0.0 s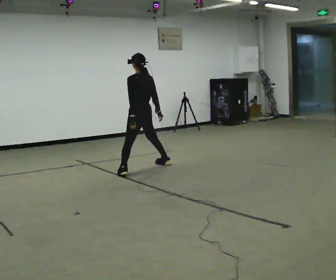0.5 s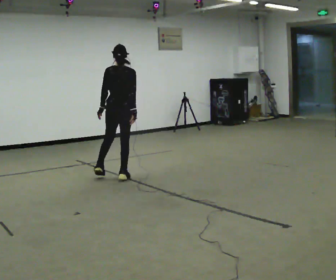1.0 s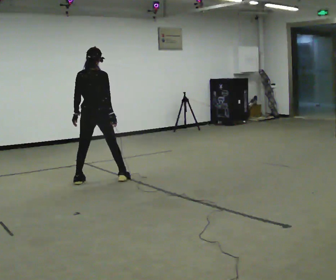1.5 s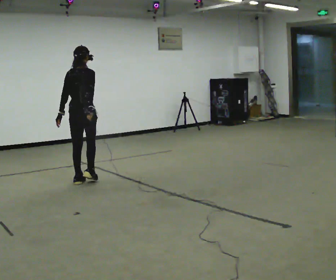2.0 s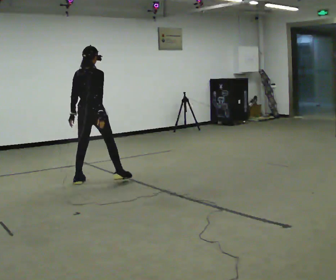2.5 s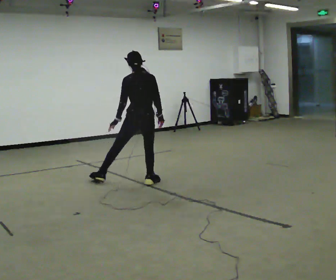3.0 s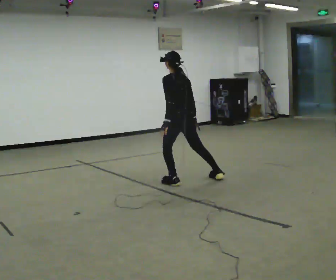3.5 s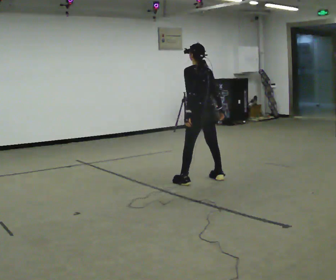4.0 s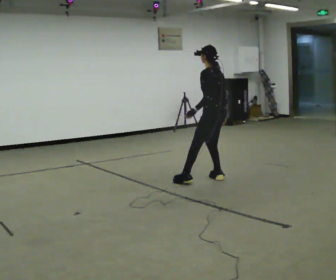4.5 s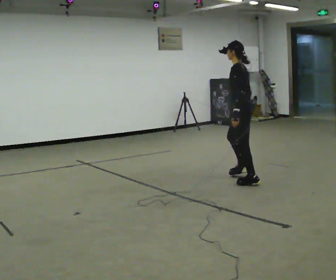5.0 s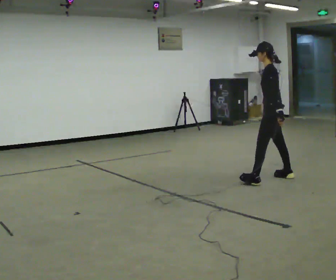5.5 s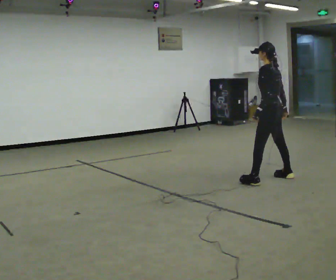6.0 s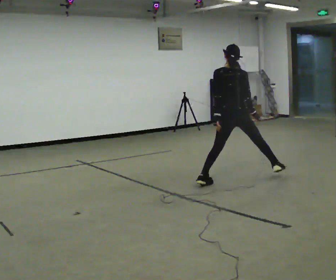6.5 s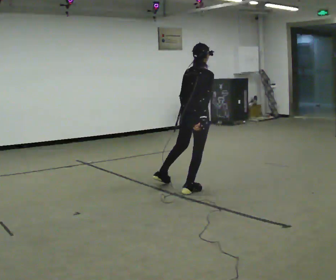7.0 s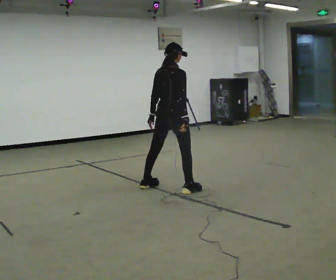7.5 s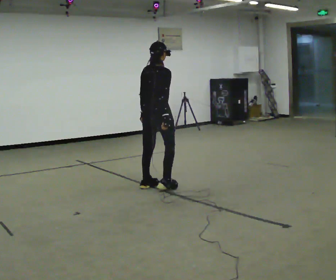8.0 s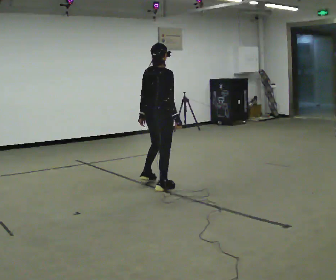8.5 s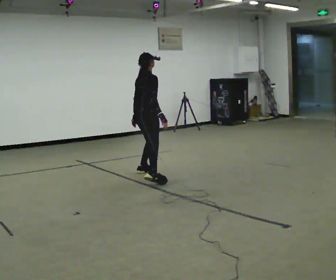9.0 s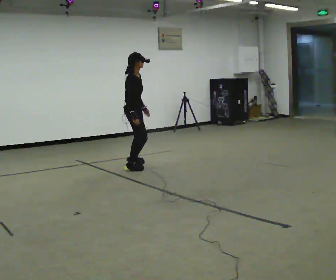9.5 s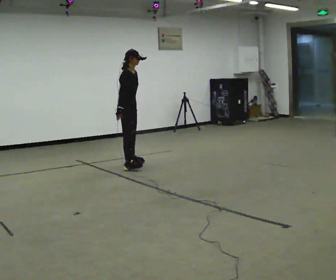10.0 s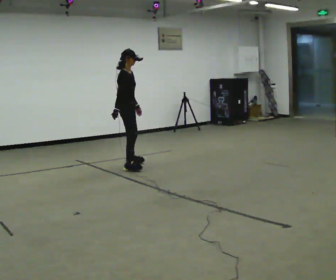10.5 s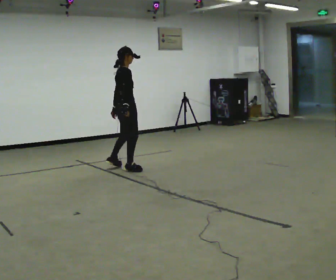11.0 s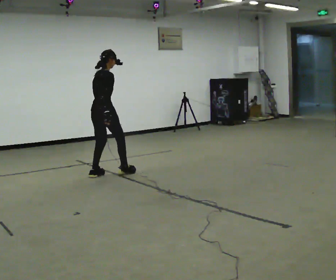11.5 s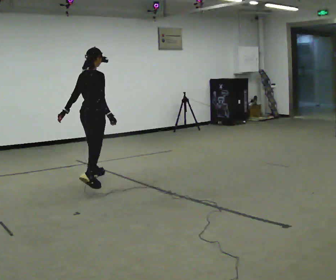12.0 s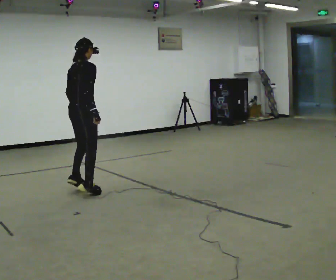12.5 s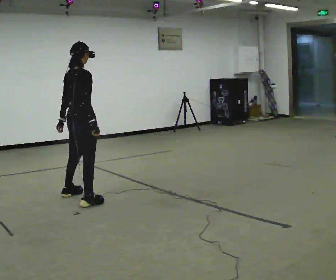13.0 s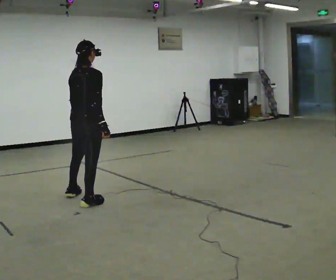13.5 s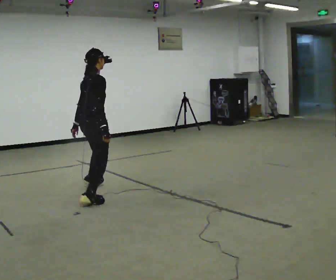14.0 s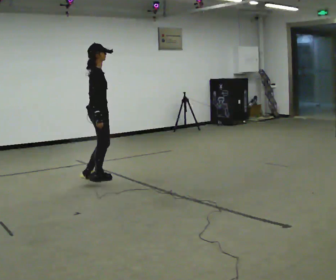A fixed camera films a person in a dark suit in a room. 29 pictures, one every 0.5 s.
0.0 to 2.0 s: Seen from above the body turns clockwise, about 45 degrees: to their right, with its near side sliding to the left. In the picture they go toward the camera and to the left, about 1 m in 2 steps, which for them is backward and to their left.
2.0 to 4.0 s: The part of the body nearest the lens slides to the right as the person turns to their left by about 60 degrees. In the picture they go to the right, about 1.5 m in 3 steps.
4.0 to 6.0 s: Seen from above the body turns clockwise, about 60 degrees: to their right, with its near side sliding to the left. In the picture they go toward the camera, about 0.25 m in 3 steps.
6.0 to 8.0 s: The part of the body nearest the lens slides to the left as the person turns to their right by about 30 degrees. In the picture they go to the left, about 1 m in 3 steps, which for them is to their left and backward.
8.0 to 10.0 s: The part of the body nearest the lens slides to the left as the person turns to their right by about 60 degrees. In the picture they go away from the camera, about 1 m in 3 steps.
10.0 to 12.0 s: The person turns about 45 degrees to their left, counterclockwise seen from above, so the part of the body nearest the lens slides to the right. In the picture they go toward the camera, about 1.5 m in 2 steps, which for them is backward and to their right.
12.0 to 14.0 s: Seen from above the body turns clockwise, about 45 degrees: to their right, with its near side sliding to the left. In the picture they go away from the camera, about 0.5 m in 3 steps.
The film runs forward here.
